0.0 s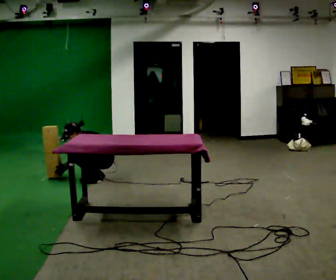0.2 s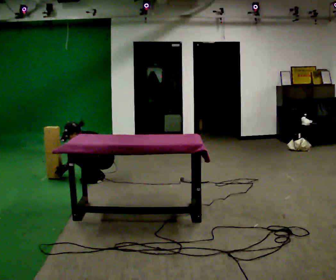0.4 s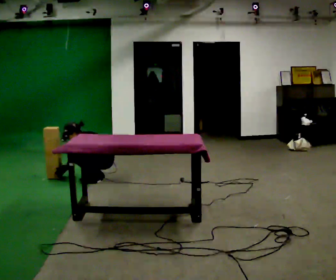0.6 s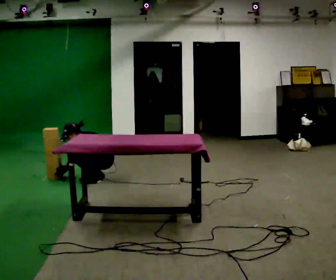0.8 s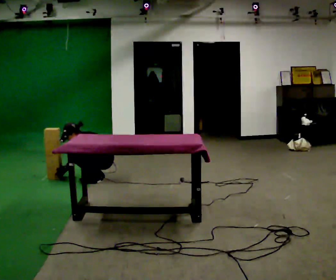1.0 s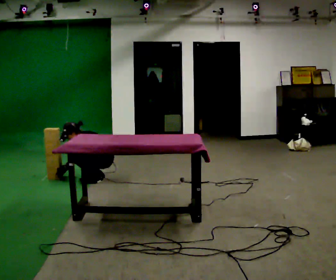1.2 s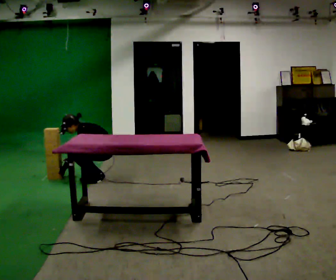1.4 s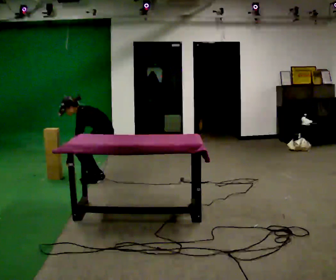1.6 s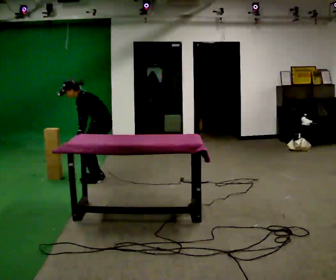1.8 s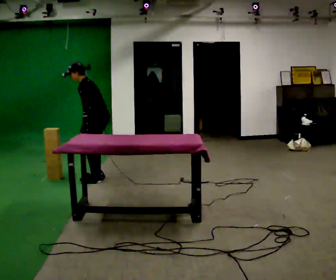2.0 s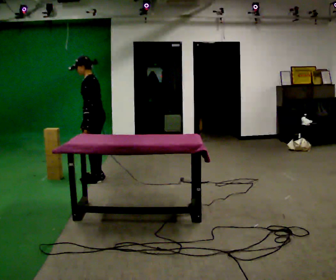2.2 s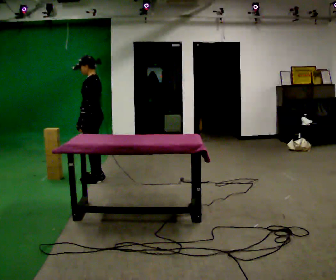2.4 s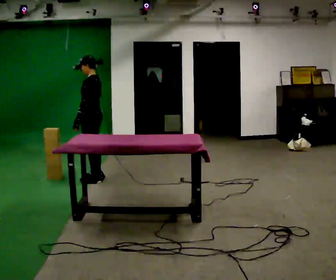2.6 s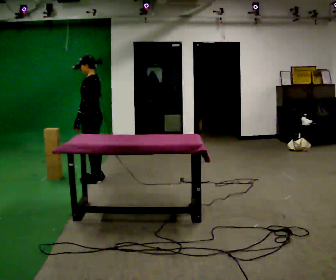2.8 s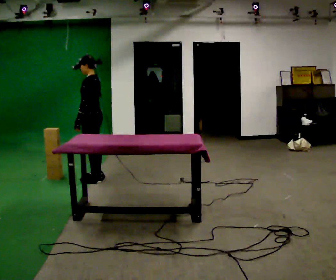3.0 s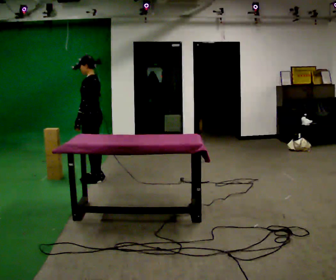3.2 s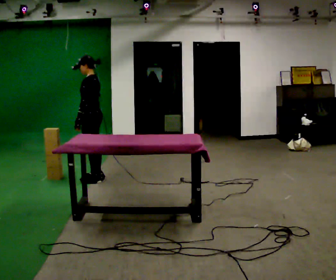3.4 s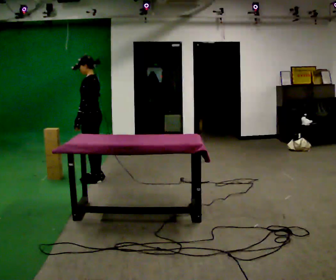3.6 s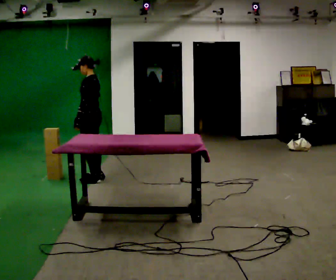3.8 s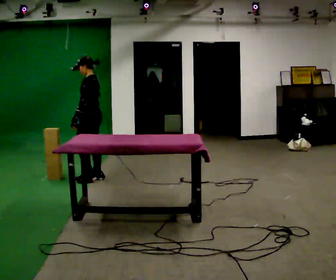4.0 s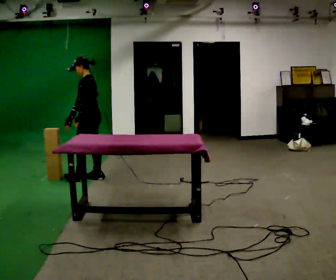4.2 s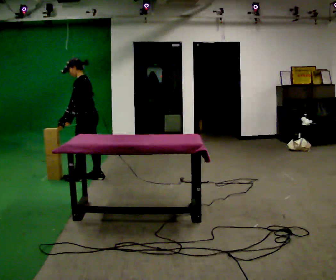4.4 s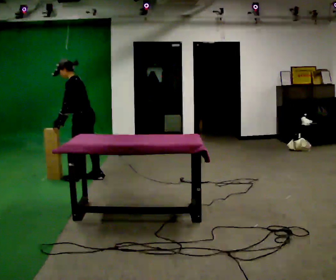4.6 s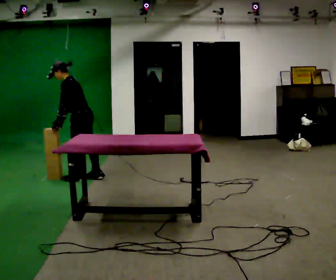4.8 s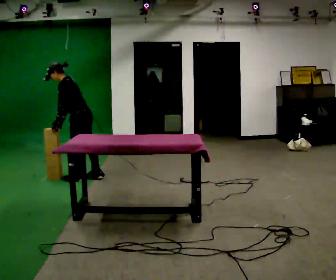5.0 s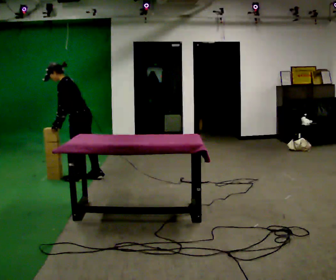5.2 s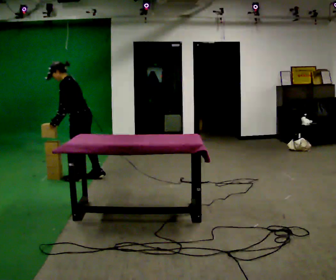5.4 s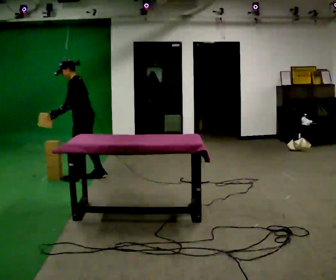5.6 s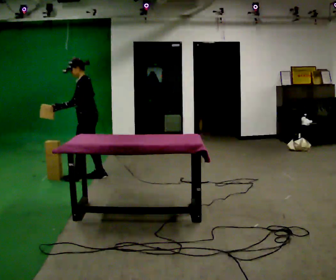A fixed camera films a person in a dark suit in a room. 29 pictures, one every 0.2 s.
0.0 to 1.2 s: The person moves a little, or ends about where they began.
1.2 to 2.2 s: The upper body goes upward. In the picture the upper body tilts clockwise, shoulders to the right, as they lean back or straighten. In the picture their right hand goes upward.
2.2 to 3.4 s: The person moves a little, or ends about where they began.
3.4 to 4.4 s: In the picture the upper body tilts counterclockwise, shoulders to the left, as they bend forward.
4.4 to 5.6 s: The person moves a little, or ends about where they began.
The film runs forward here.
